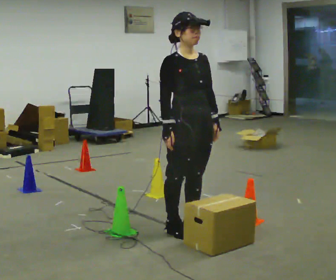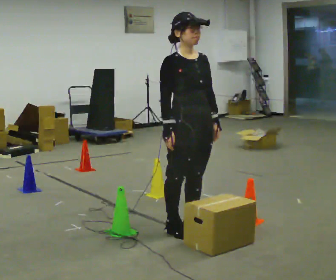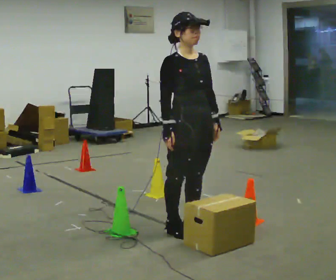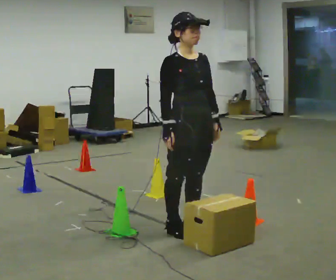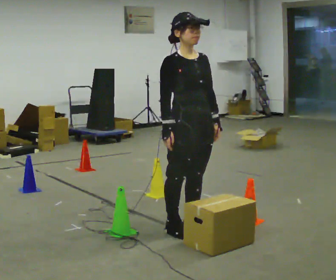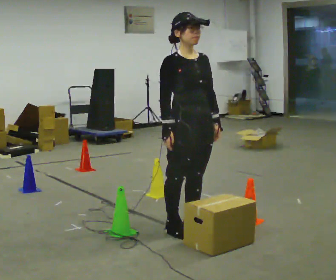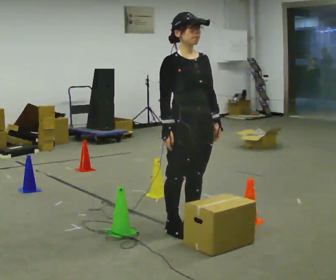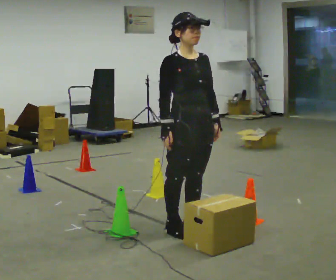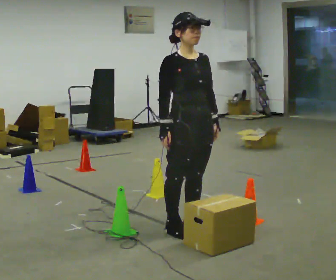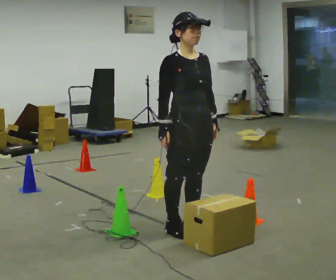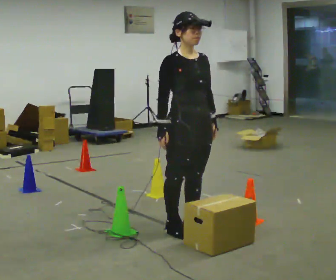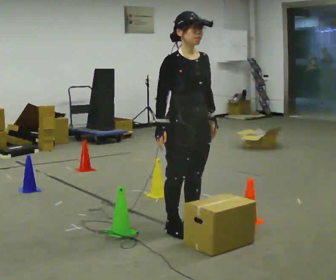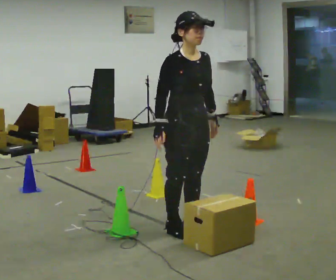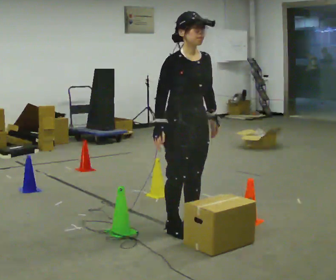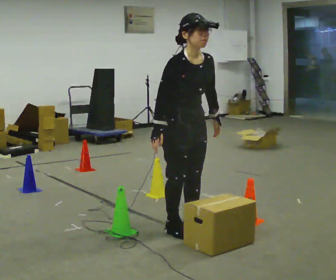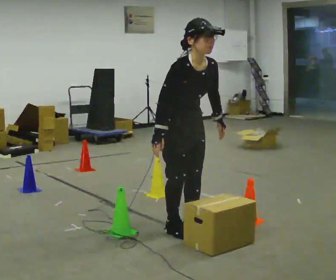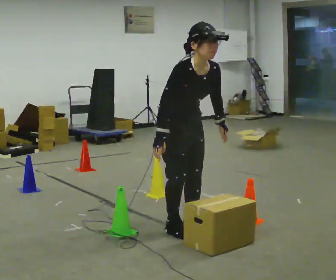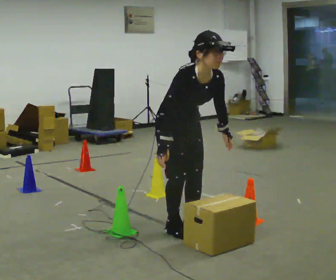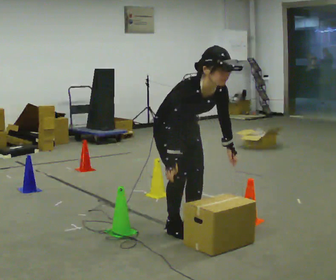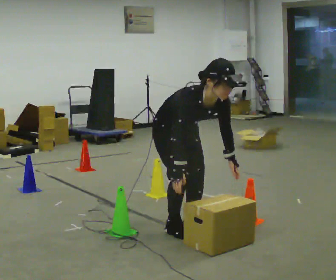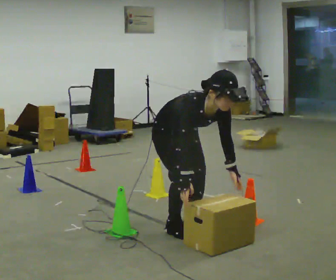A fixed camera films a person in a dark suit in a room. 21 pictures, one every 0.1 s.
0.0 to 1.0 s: The person moves a little, or ends about where they began.
1.0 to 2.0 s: The upper body goes downward. The upper body tips toward the camera, its near side rolling downward, as they bend forward. In the picture their right hand goes downward.
The film runs backward here.
